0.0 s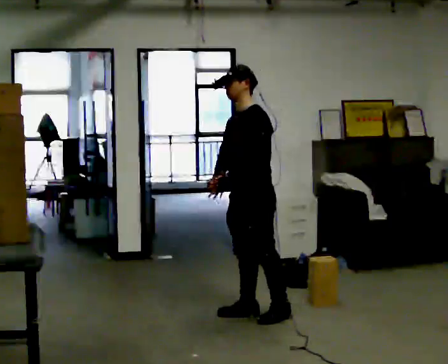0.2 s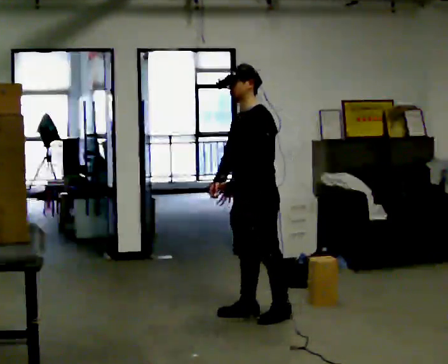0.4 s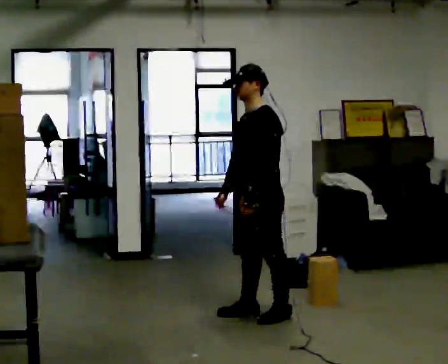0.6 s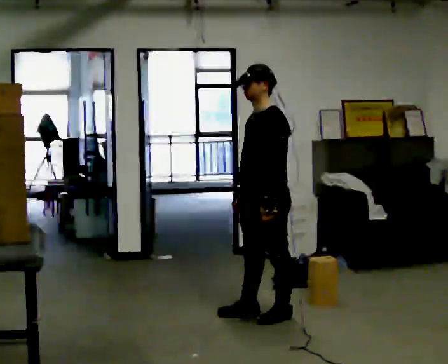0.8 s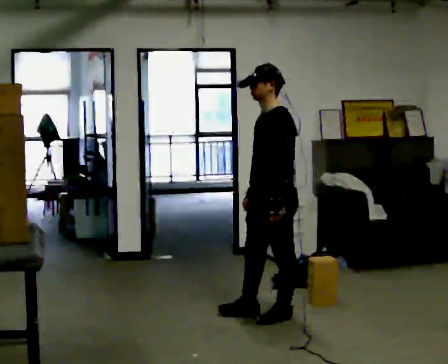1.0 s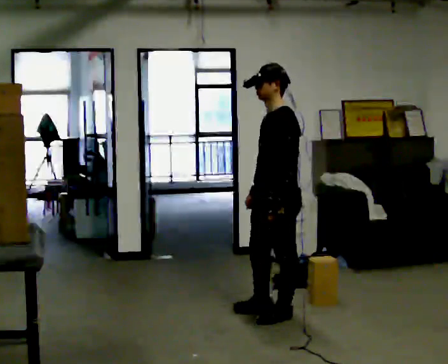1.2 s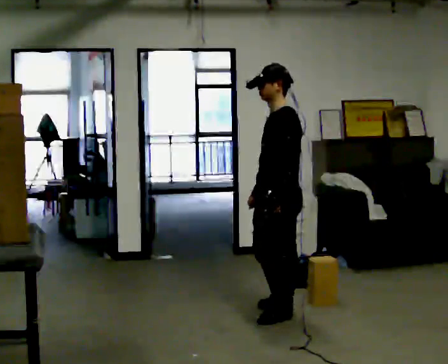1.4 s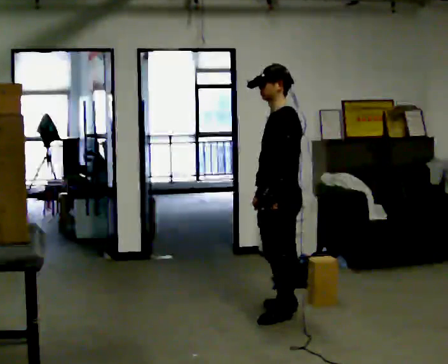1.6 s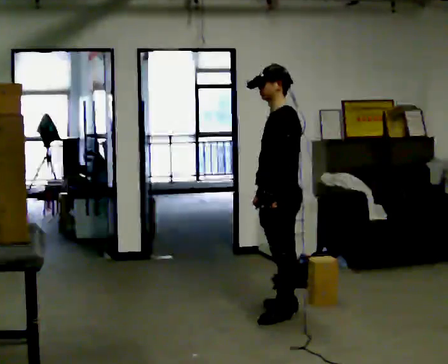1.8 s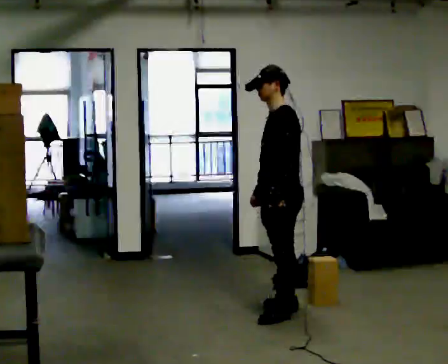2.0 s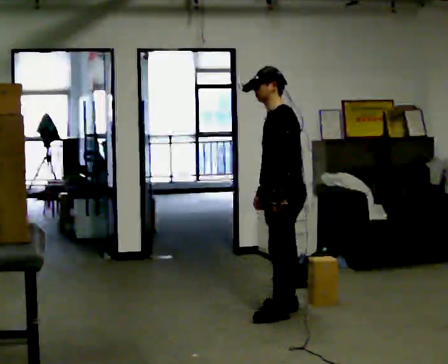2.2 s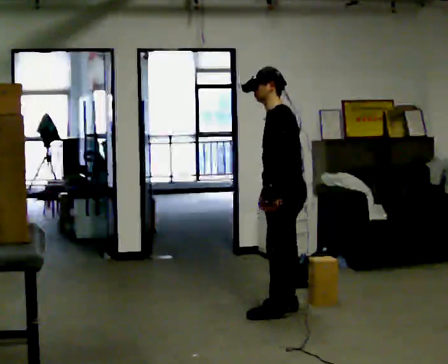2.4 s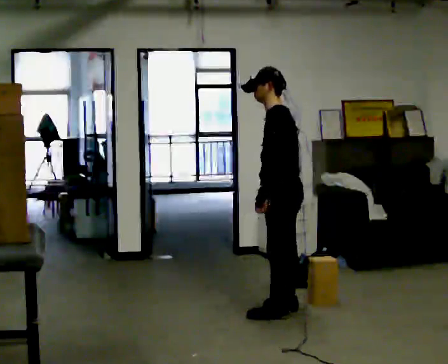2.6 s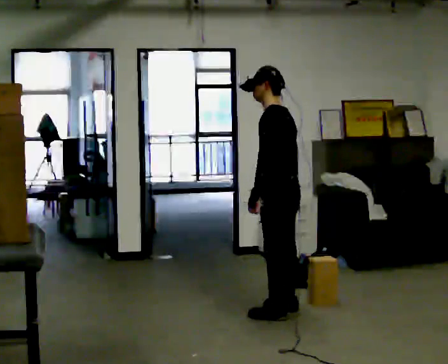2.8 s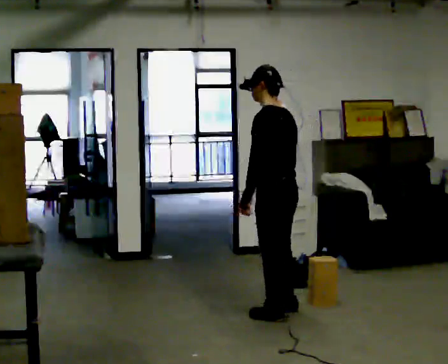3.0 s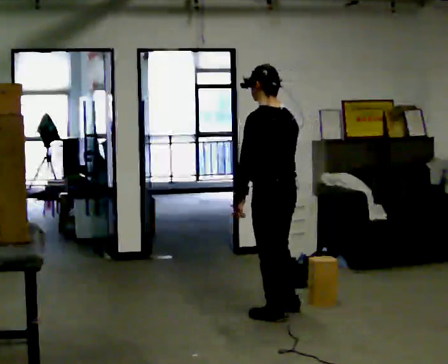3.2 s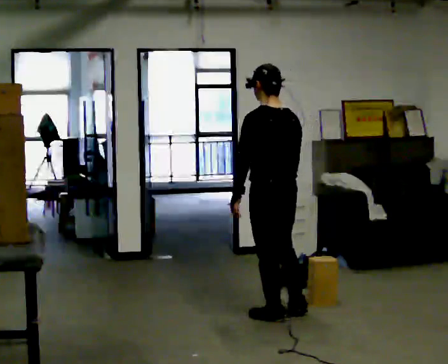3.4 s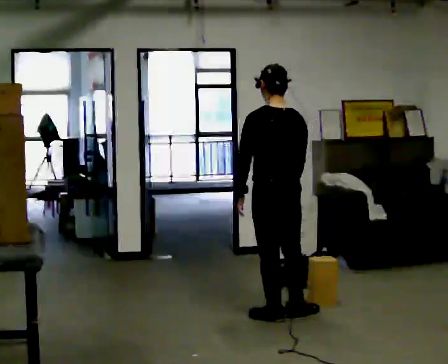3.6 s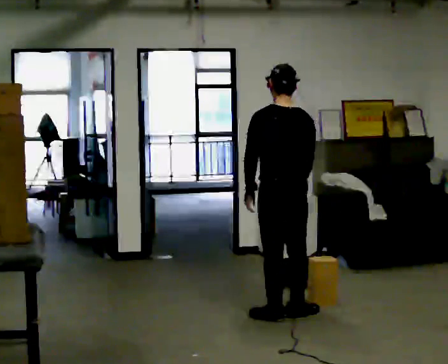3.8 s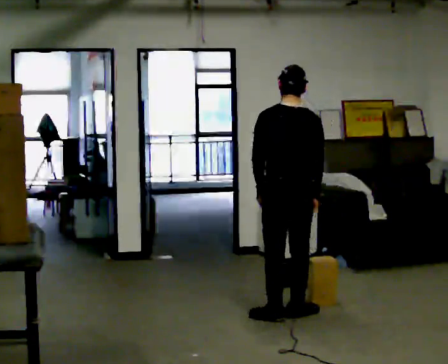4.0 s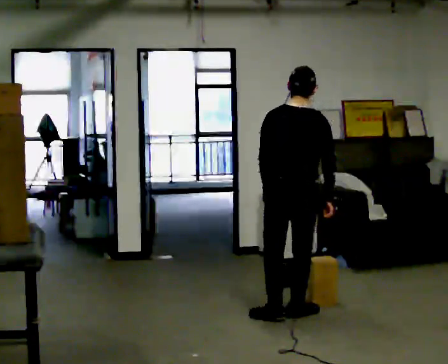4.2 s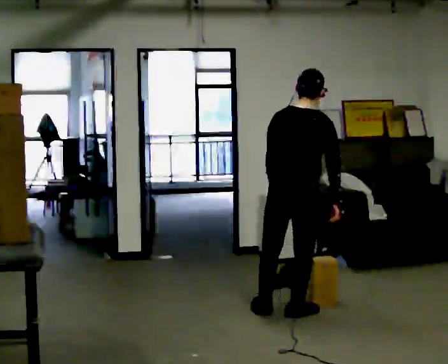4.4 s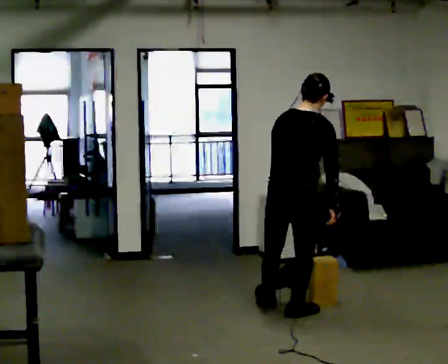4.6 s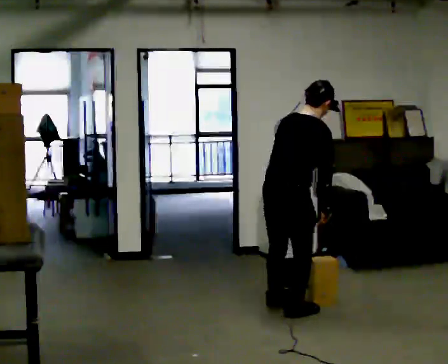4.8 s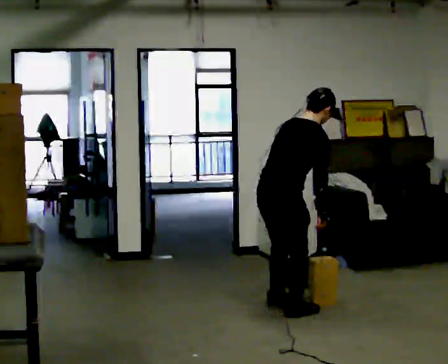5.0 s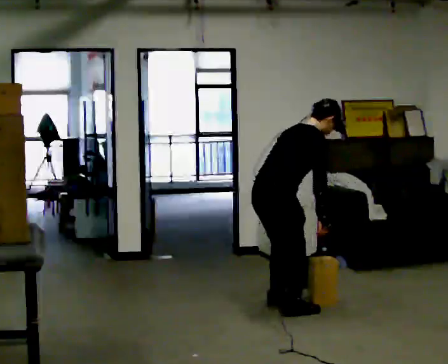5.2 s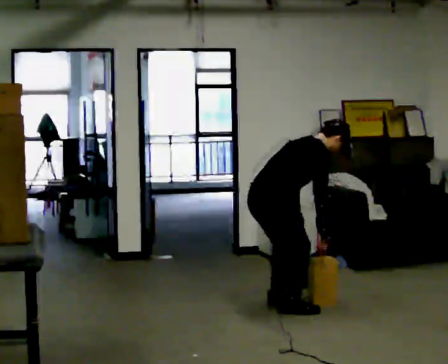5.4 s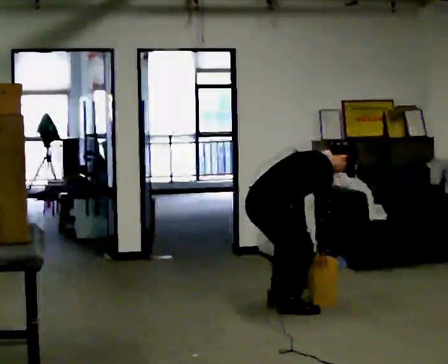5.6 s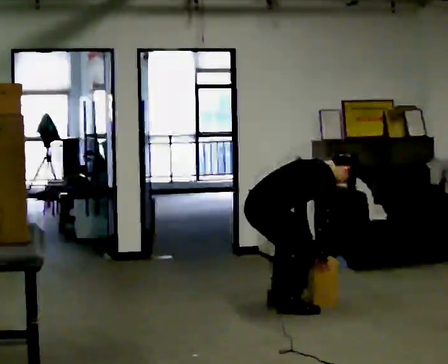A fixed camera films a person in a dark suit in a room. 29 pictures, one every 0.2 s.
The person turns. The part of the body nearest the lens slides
to the left.
The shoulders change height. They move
downward.
0.0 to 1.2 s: In the picture they go to the right, about 0.25 m in 1 step, which for them is backward and to their left.
1.2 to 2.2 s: In the picture they go away from the camera, about 0.25 m, which for them is to their right.
2.2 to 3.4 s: The person turns about 75 degrees to their right, clockwise seen from above, so the part of the body nearest the lens slides to the left. In the picture they go toward the camera, about 0.25 m in 1 step.
3.4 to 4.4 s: The person turns about 45 degrees to their right, clockwise seen from above, so the part of the body nearest the lens slides to the left.
4.4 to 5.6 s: The person turns about 45 degrees to their right, clockwise seen from above, so the part of the body nearest the lens slides to the left. In the picture they go to the left and away from the camera, about 0.25 m, which for them is to their left. The shoulders move downward. In the picture the upper body tilts clockwise, shoulders to the right, as they bend forward. In the picture their left hand goes downward.
The film runs backward here.
